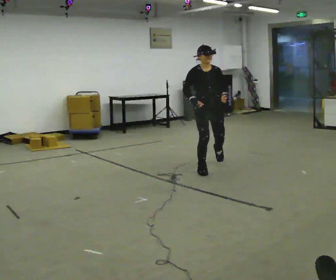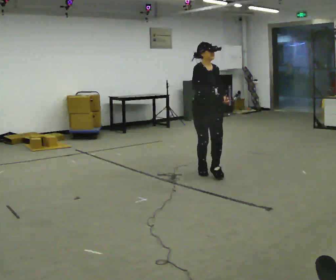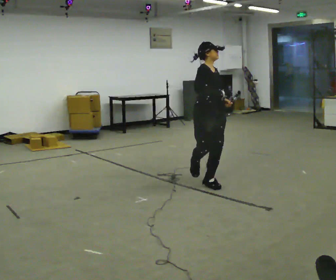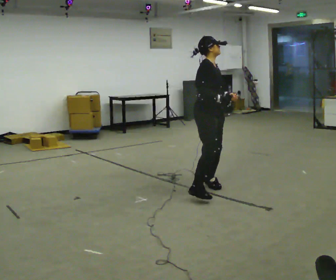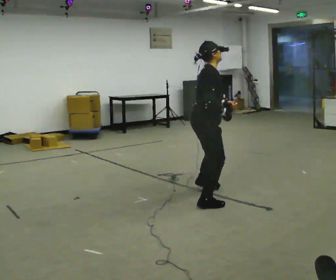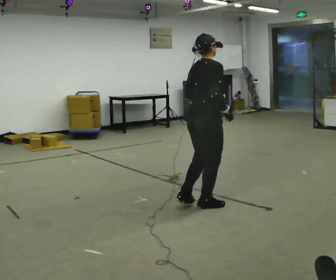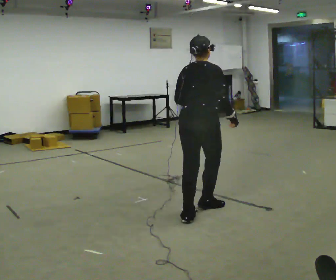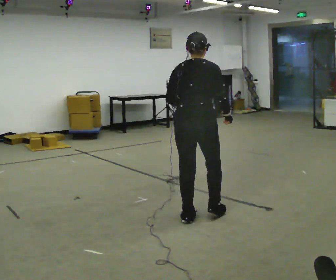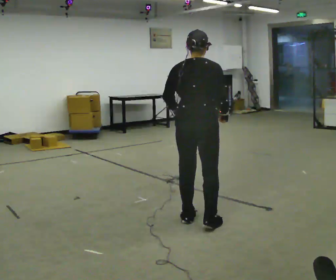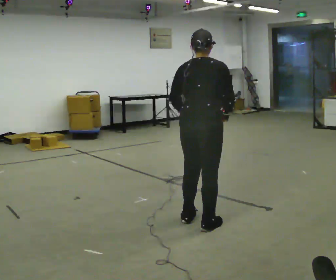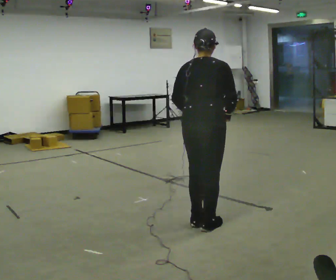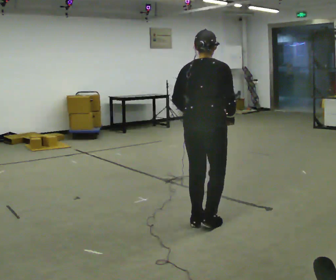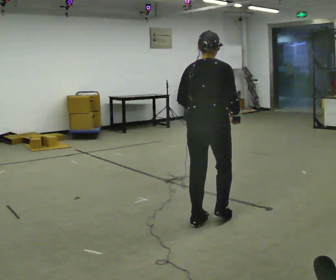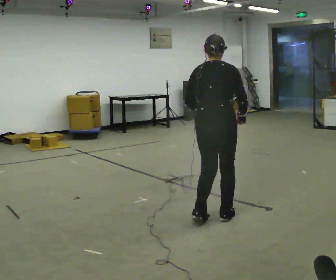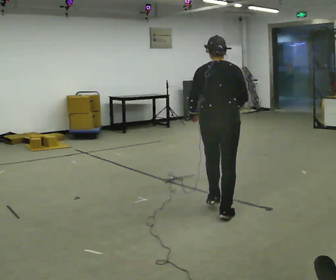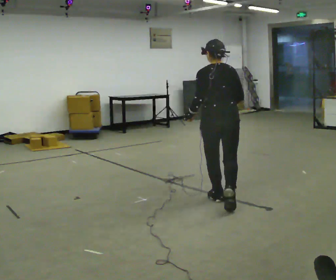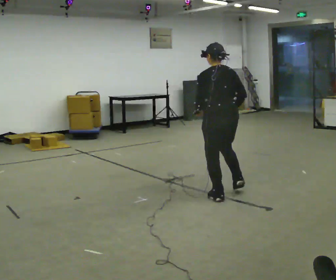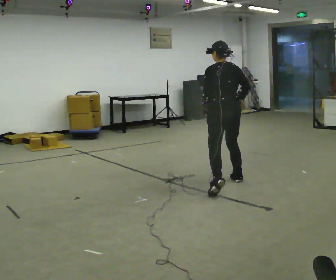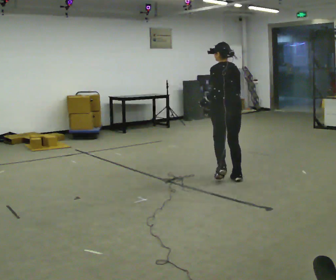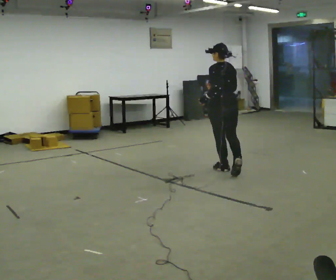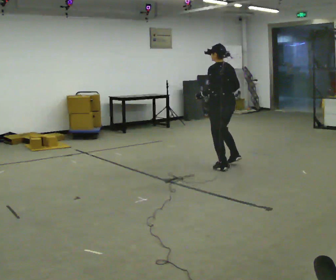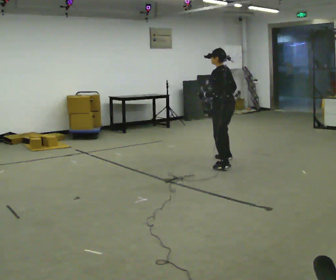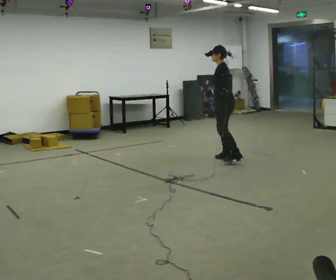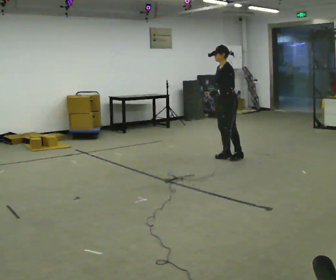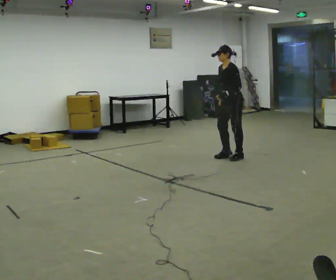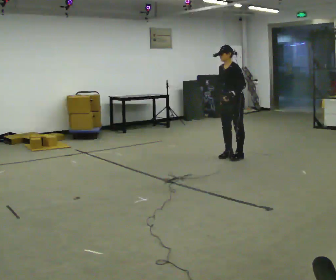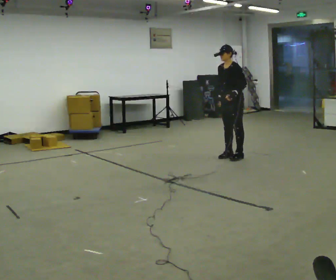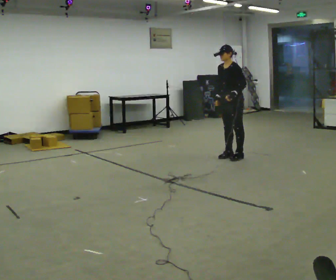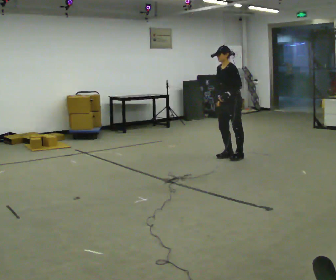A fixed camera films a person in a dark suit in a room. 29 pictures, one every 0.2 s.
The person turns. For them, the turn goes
to their left.
The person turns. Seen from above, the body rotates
counterclockwise.
0.0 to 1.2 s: The part of the body nearest the lens slides to the right as the person turns to their left by about 135 degrees. In the picture they go toward the camera, about 1.5 m in 3 steps. The upper body tips away from the camera, its near side rolling upward.
1.2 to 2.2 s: In the picture they go toward the camera, about 0.25 m in 1 step, which for them is backward and to their right.
2.2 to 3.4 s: The part of the body nearest the lens slides to the right as the person turns to their left by about 45 degrees. In the picture they go away from the camera, about 1 m in 3 steps, which for them is forward.
3.4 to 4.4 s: The person turns about 60 degrees to their left, counterclockwise seen from above, so the part of the body nearest the lens slides to the right. In the picture they go away from the camera, about 1 m in 2 steps.
4.4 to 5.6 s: Seen from above the body turns counterclockwise, about 30 degrees: to their left, with its near side sliding to the right.
The film runs forward here.
